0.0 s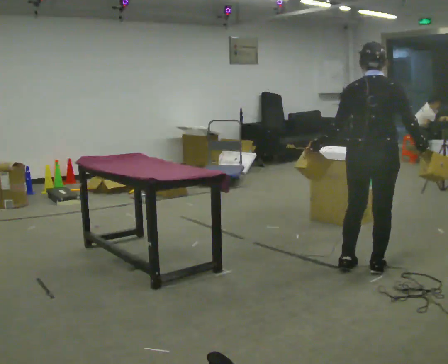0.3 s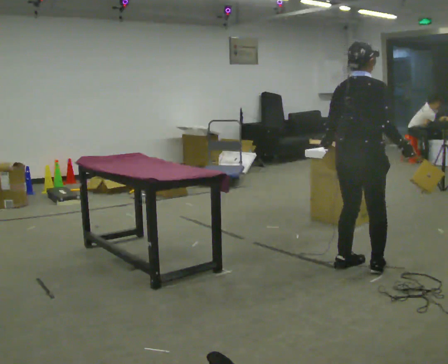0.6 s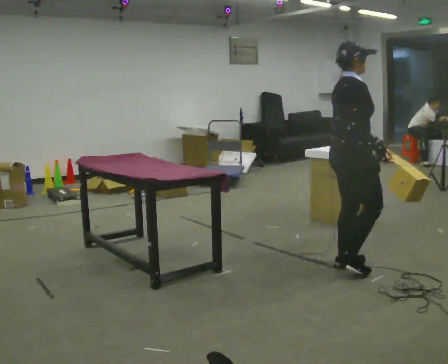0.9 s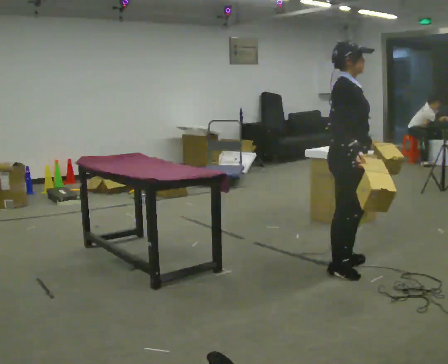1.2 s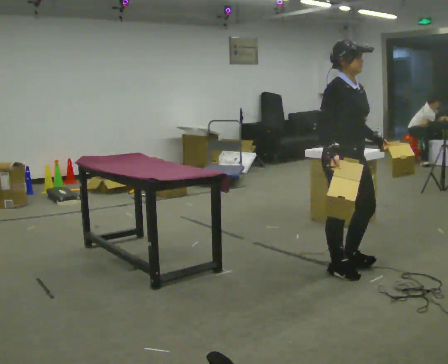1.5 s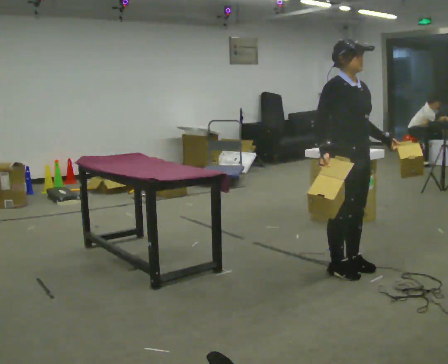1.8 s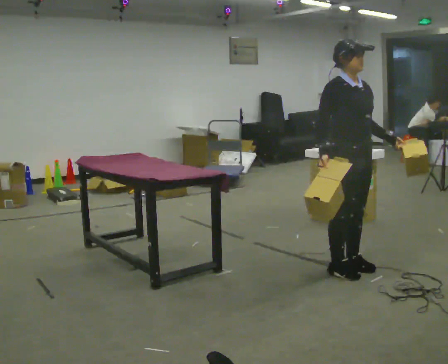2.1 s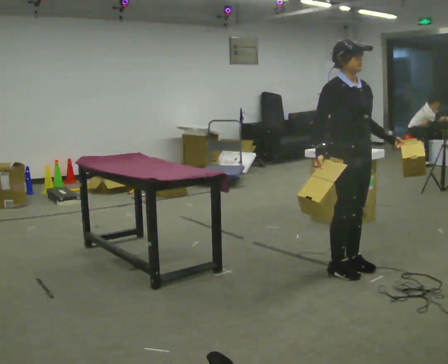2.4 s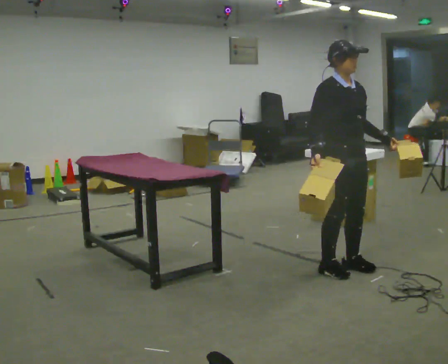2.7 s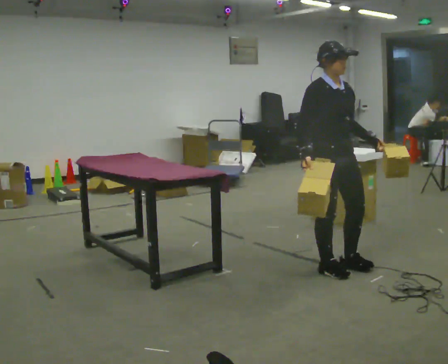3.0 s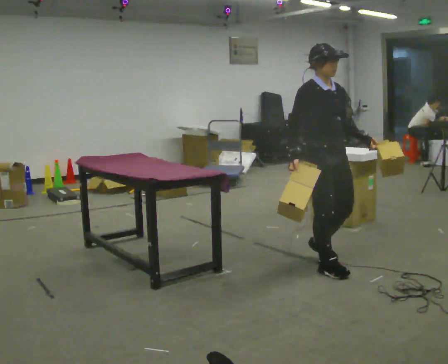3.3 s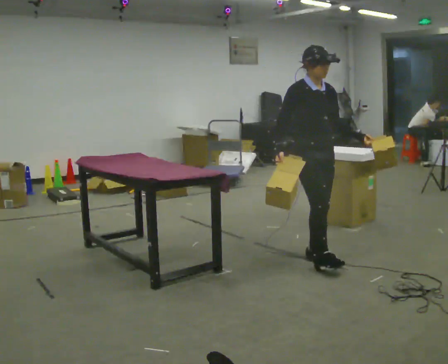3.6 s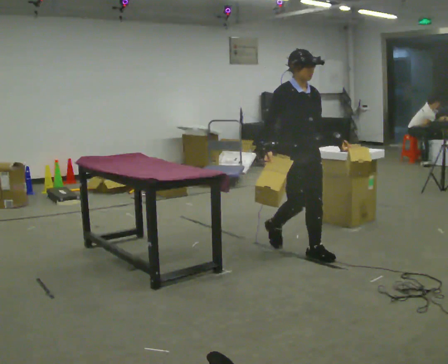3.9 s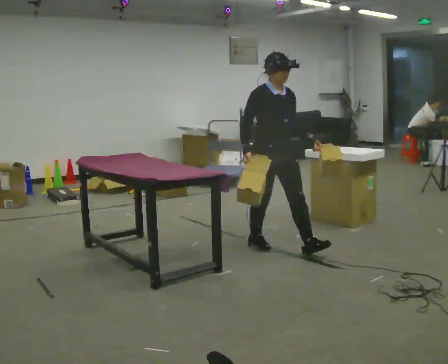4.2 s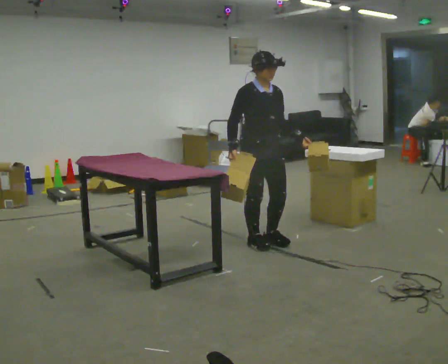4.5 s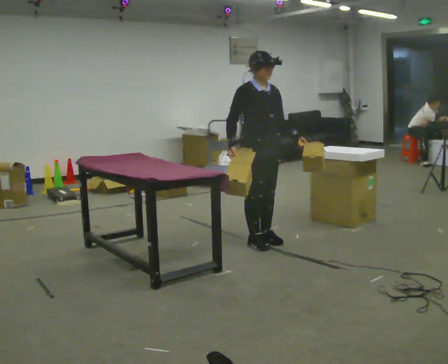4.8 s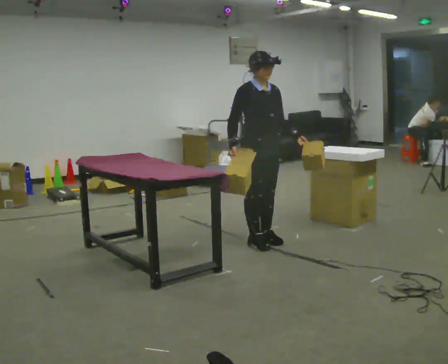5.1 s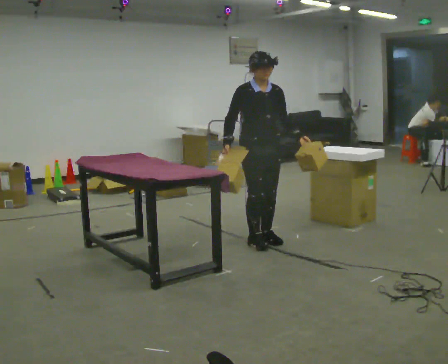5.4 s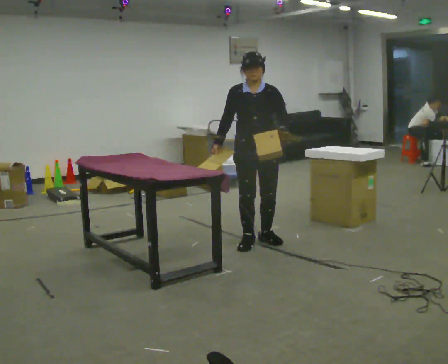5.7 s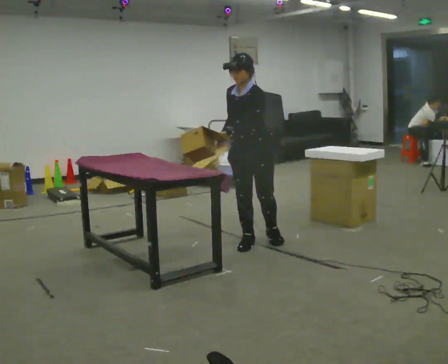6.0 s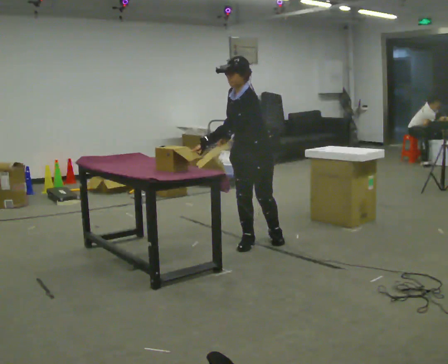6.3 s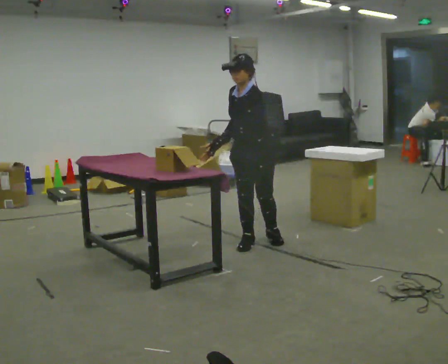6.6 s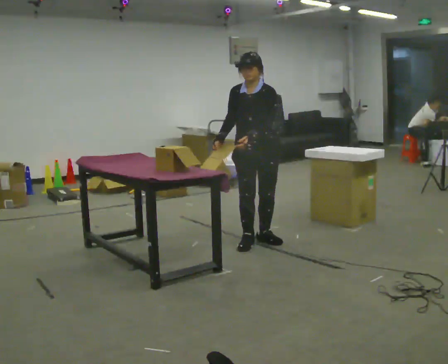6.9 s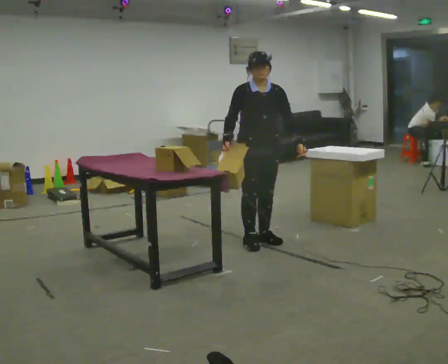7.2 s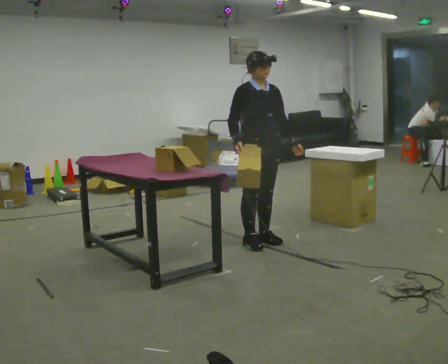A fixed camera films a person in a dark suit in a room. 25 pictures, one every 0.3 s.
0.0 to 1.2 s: The person turns about 105 degrees to their right, clockwise seen from above, so the part of the body nearest the lens slides to the left. In the picture they go to the left, about 0.25 m in 1 step. In the picture their left hand goes to the right, the arm swinging counterclockwise.
1.2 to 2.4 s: The person moves a little, or ends about where they began.
2.4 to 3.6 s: In the picture they go away from the camera and to the left, about 0.5 m in 2 steps, which for them is backward.
3.6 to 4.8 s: In the picture they go away from the camera and to the left, about 0.5 m in 1 step, which for them is backward.
4.8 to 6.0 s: The person turns about 90 degrees to their right, clockwise seen from above, so the part of the body nearest the lens slides to the left. In the picture their left hand goes to the left, the arm swinging clockwise.
6.0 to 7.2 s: The part of the body nearest the lens slides to the right as the person turns to their left by about 90 degrees. The upper body tips away from the camera, its near side rolling upward, as they lean back or straighten. In the picture their left hand goes to the right, the arm swinging counterclockwise.
The film runs backward here.
